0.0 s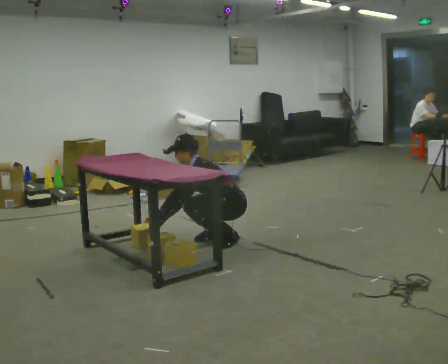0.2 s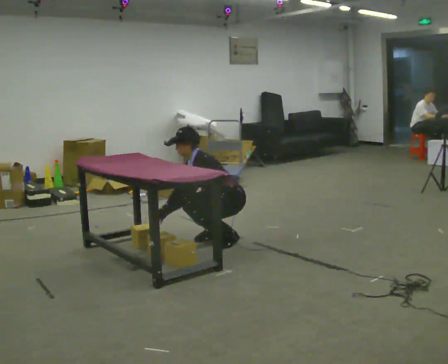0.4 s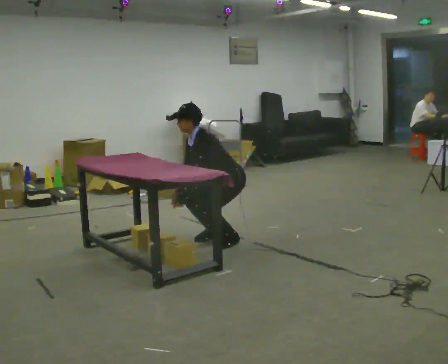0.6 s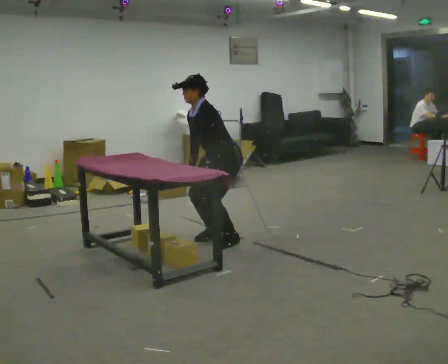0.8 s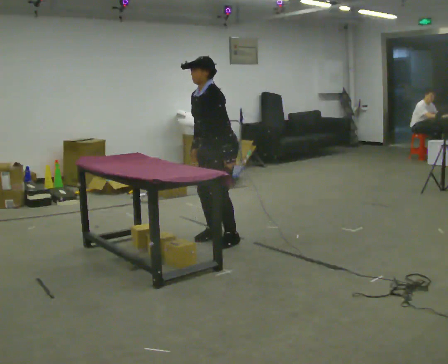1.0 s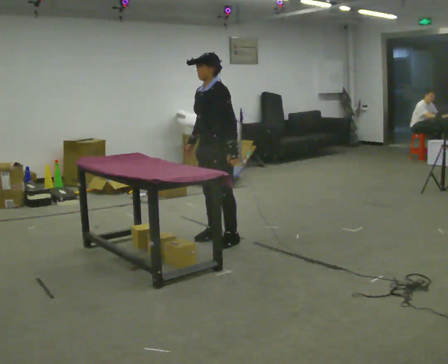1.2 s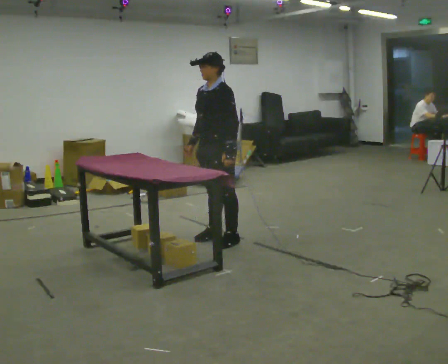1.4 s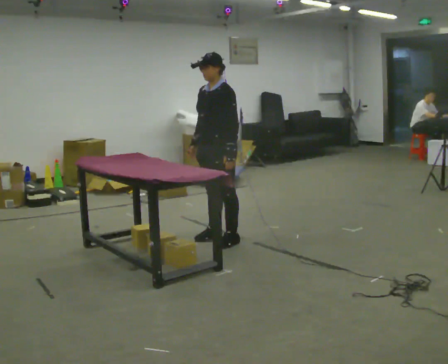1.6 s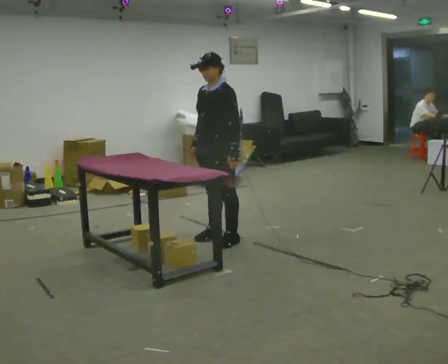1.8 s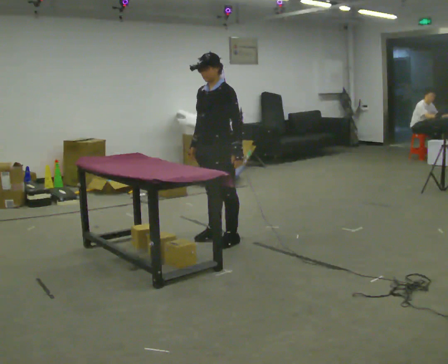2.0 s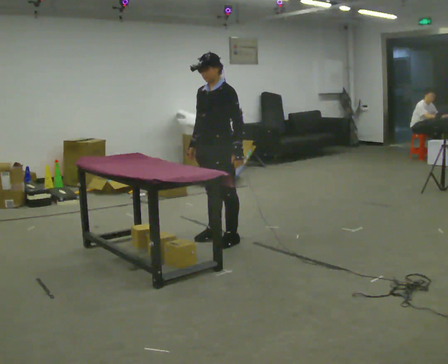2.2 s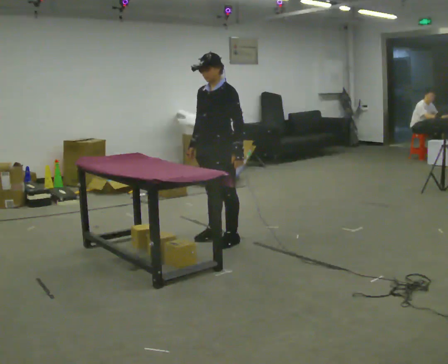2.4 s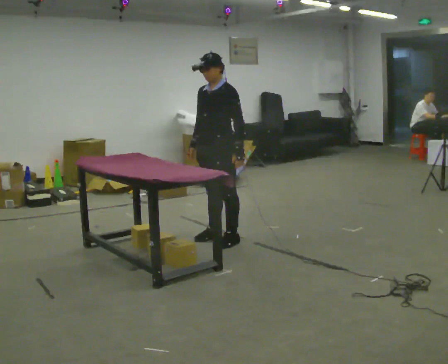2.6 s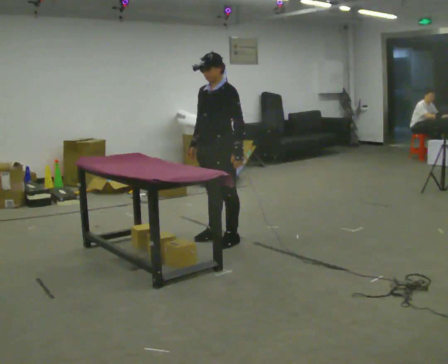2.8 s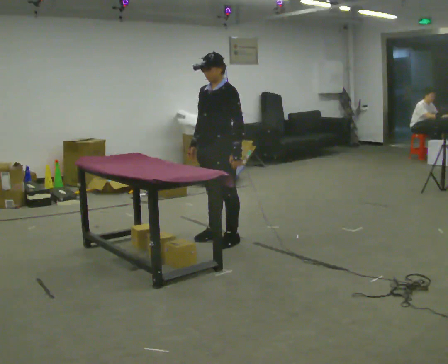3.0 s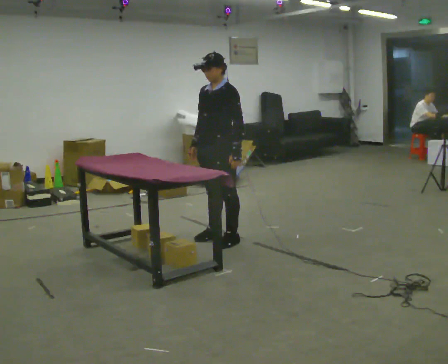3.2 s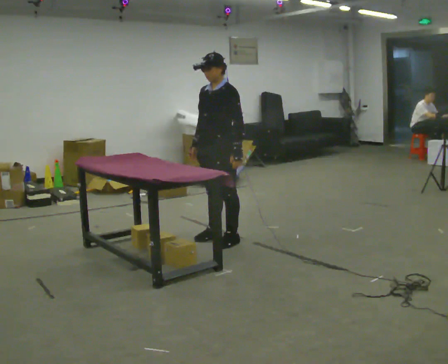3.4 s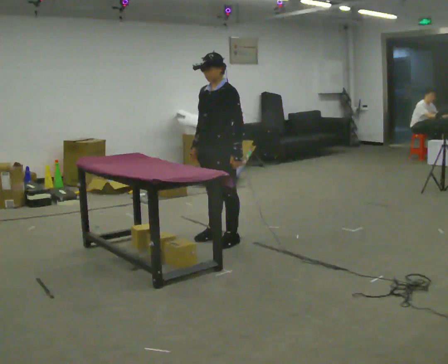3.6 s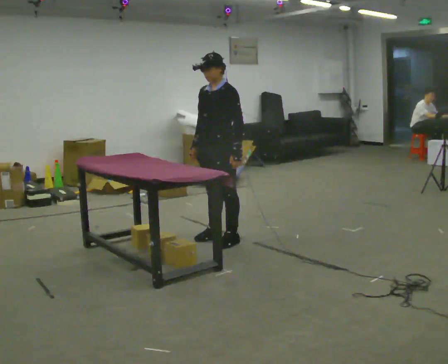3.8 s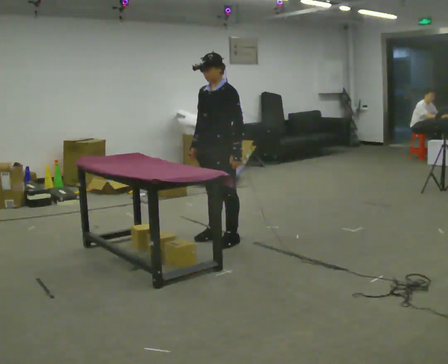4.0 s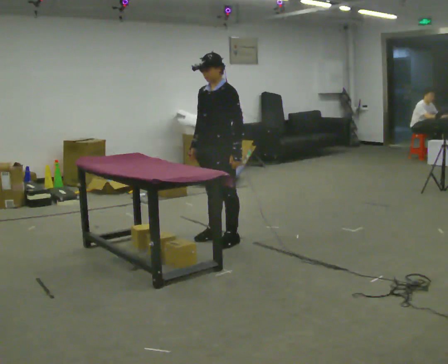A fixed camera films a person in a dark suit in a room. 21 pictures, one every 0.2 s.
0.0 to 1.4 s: The upper body goes upward. In the picture the upper body tilts clockwise, shoulders to the right, as they lean back or straighten. In the picture their left hand goes to the right and upward, the arm swinging counterclockwise.
1.4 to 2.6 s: The person moves a little, or ends about where they began.
2.6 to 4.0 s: The person keeps their place and pose.
The film runs forward here.
